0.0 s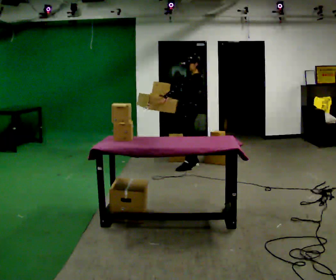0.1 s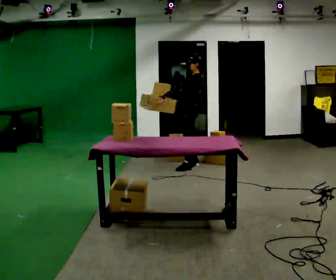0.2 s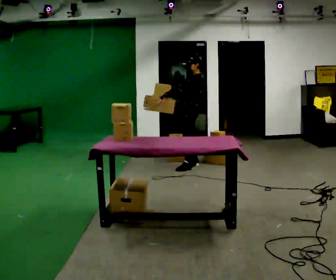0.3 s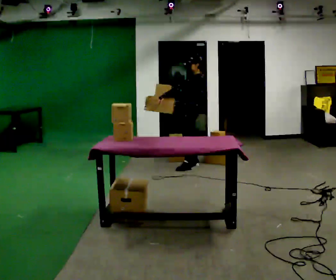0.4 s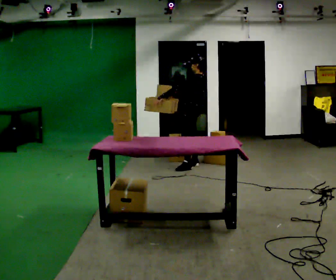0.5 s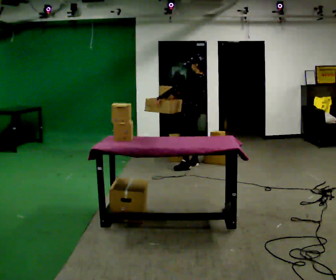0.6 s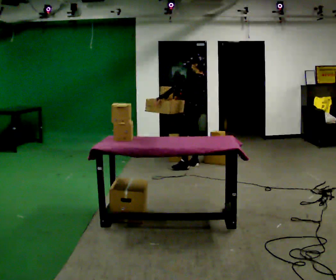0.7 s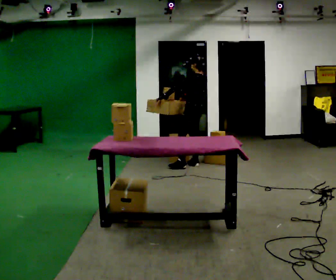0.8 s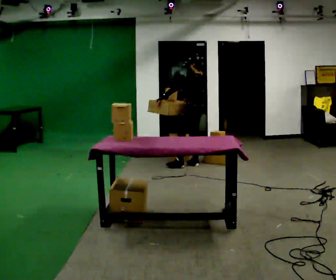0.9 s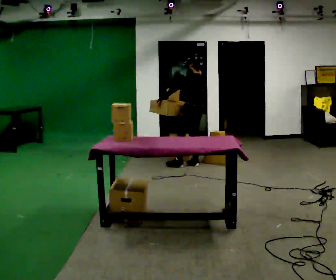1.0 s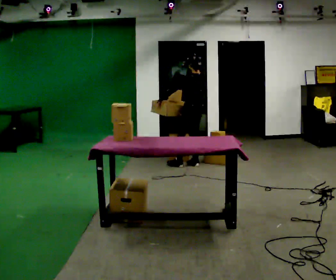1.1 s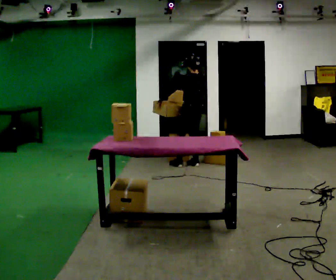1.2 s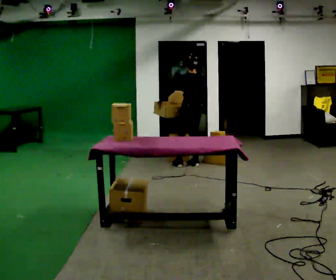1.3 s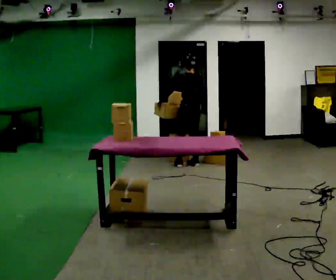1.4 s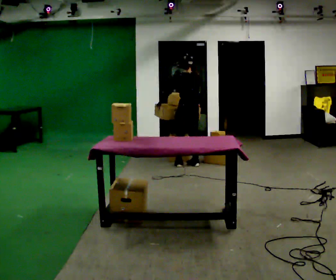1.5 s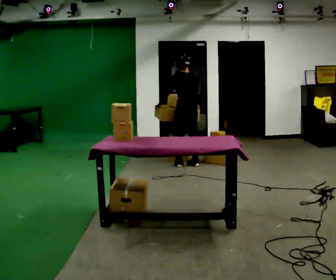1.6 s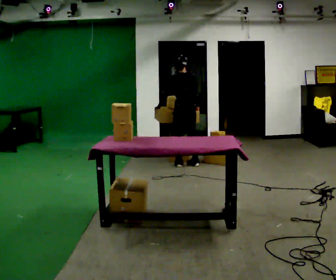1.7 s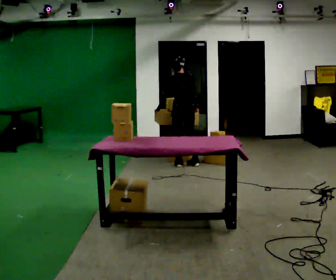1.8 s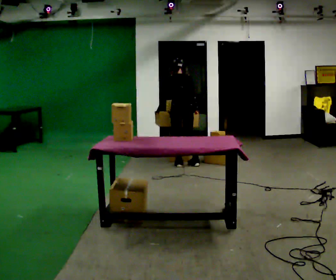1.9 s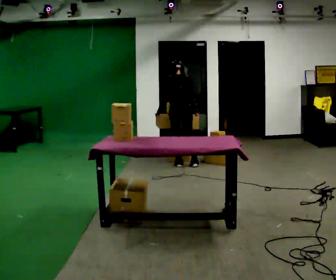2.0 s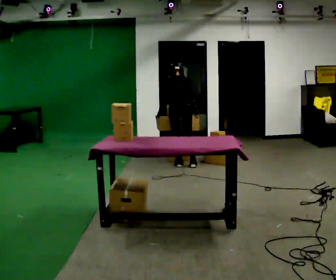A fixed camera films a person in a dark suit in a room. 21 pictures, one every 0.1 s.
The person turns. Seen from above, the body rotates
clockwise.
The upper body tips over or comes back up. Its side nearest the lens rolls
upward.
0.0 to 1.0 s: The part of the body nearest the lens slides to the left as the person turns to their right by about 45 degrees. In the picture their right hand goes to the right, the arm swinging counterclockwise.
1.0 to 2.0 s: Seen from above the body turns clockwise, about 45 degrees: to their right, with its near side sliding to the left. In the picture they go to the left, about 0.25 m, which for them is to their left. The upper body tips away from the camera, its near side rolling upward, as they bend forward.
The film runs backward here.
